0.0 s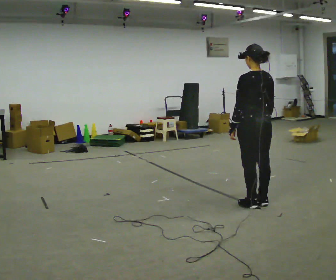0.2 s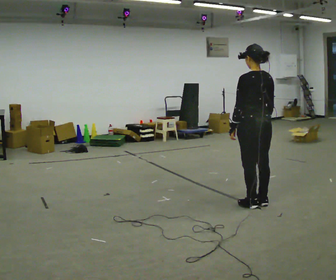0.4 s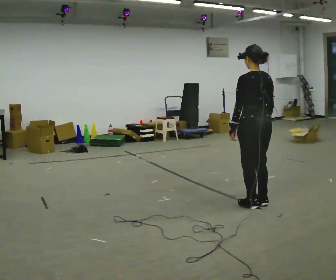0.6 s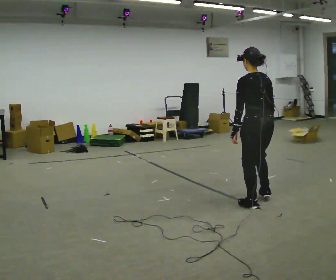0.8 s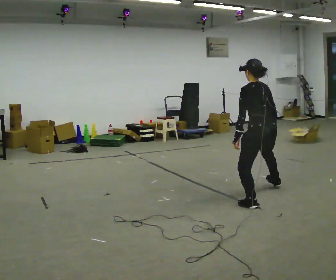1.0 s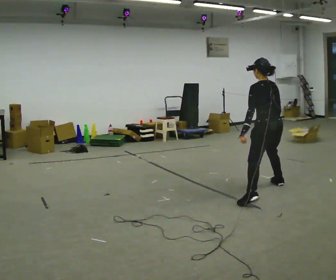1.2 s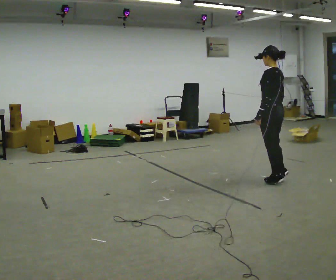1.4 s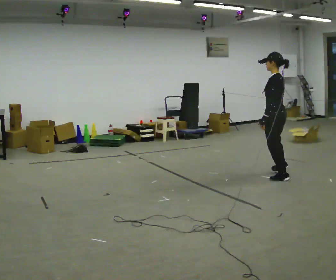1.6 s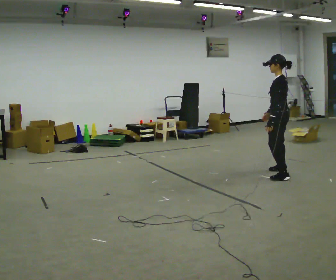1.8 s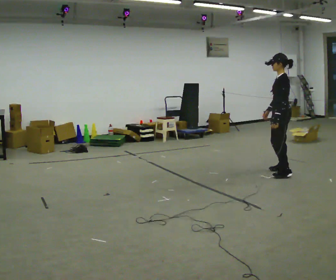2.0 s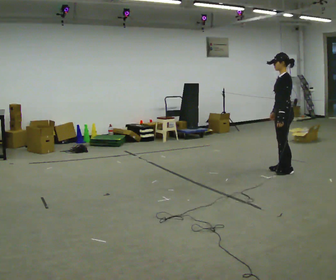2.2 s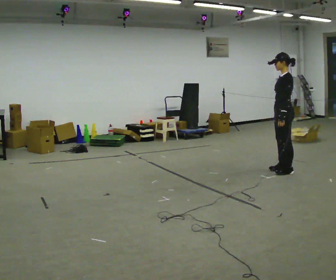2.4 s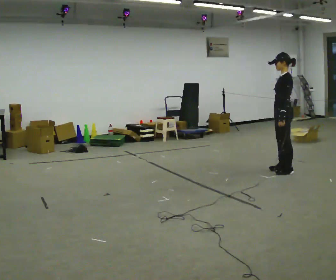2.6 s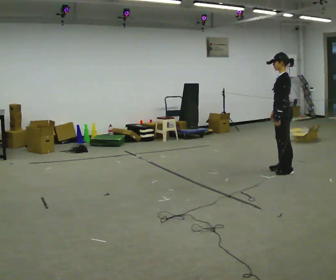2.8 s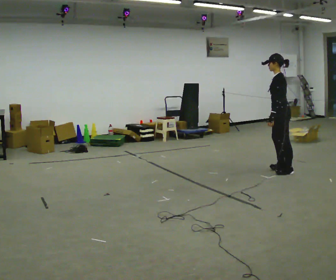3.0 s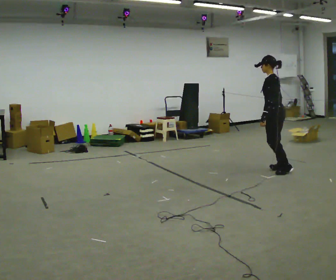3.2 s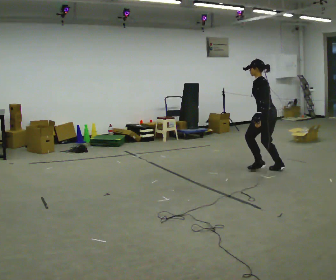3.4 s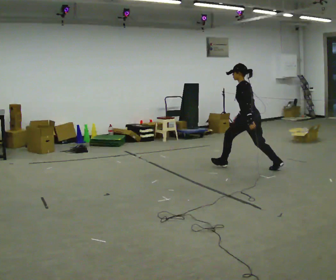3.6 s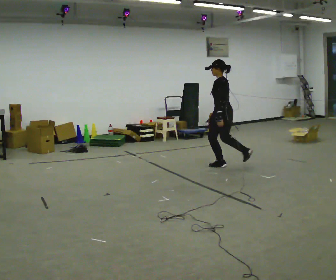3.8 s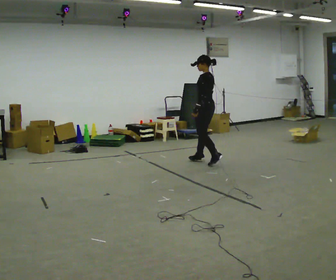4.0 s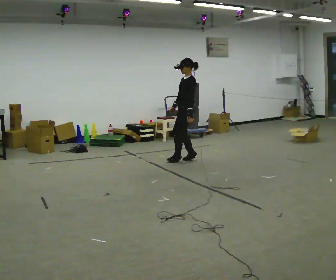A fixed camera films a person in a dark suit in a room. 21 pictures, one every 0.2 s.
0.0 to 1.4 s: The part of the body nearest the lens slides to the right as the person turns to their left by about 45 degrees. In the picture they go away from the camera, about 1 m in 2 steps, which for them is to their right and forward.
1.4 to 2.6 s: In the picture they go away from the camera, about 0.5 m in 2 steps, which for them is to their right and backward.
2.6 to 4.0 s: In the picture they go to the left, about 1.5 m in 1 step, which for them is forward.
The film runs forward here.
